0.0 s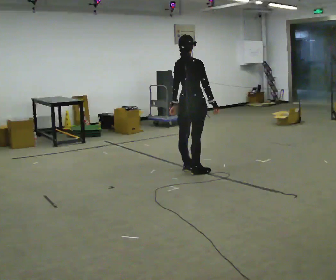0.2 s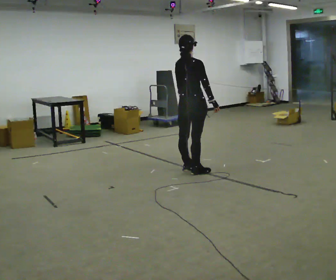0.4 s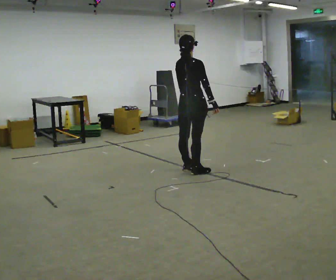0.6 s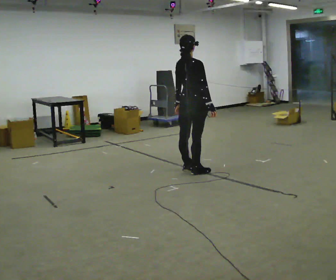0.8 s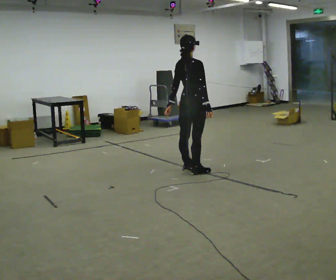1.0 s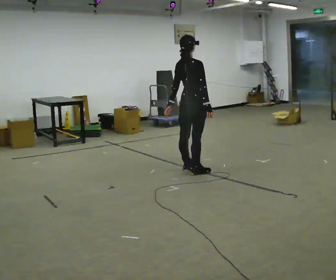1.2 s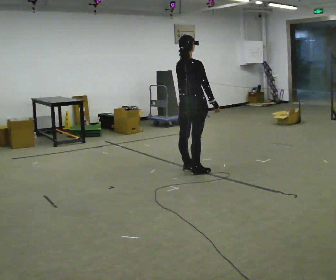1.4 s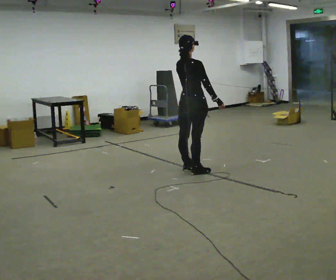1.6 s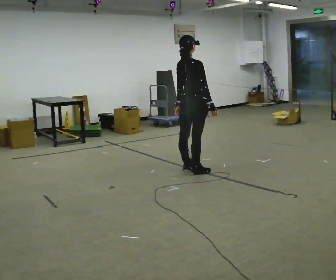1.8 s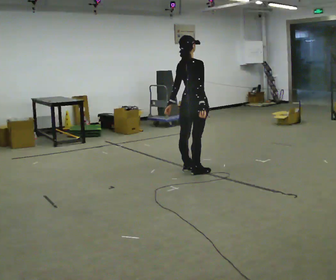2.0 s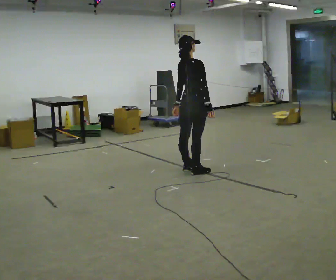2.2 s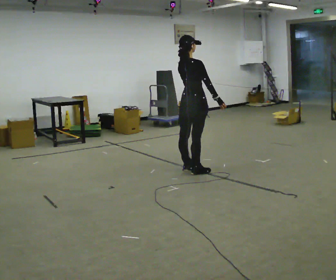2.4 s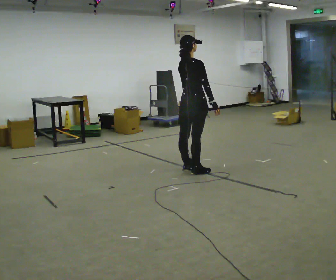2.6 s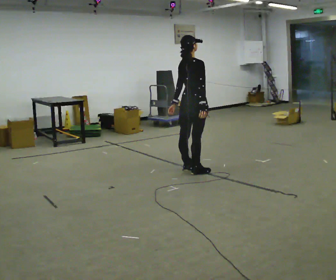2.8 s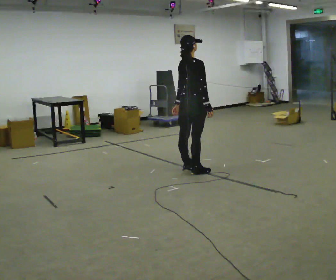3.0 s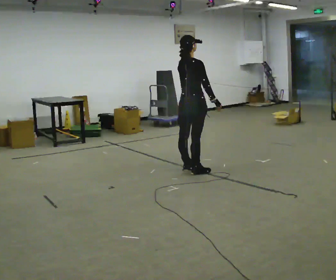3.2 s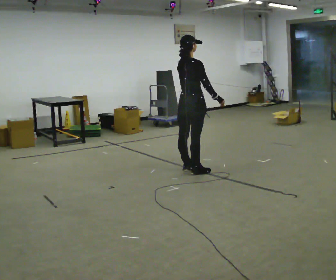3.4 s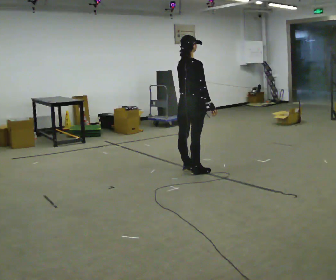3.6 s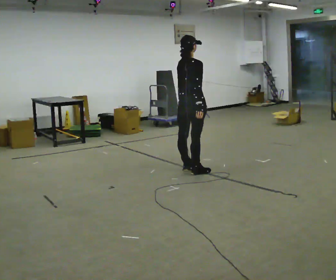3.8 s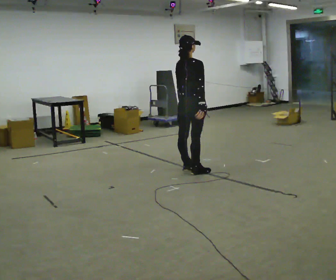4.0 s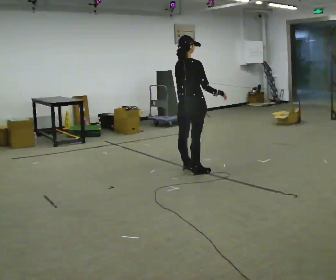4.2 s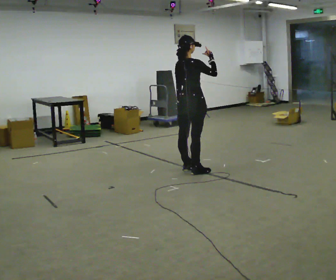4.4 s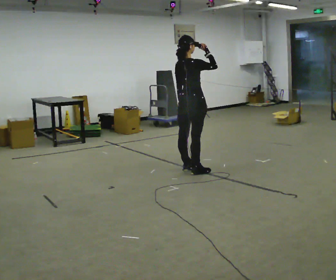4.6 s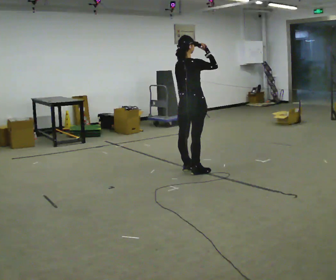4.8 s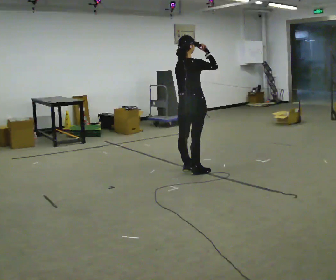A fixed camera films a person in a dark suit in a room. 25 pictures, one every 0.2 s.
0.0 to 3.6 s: The person moves a little, or ends about where they began.
3.6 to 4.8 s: In the picture their right hand goes upward.
The film runs backward here.
